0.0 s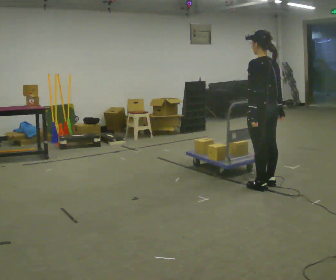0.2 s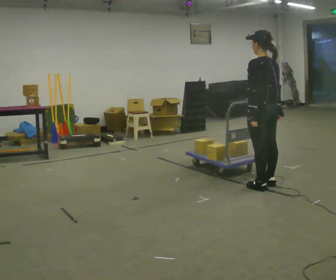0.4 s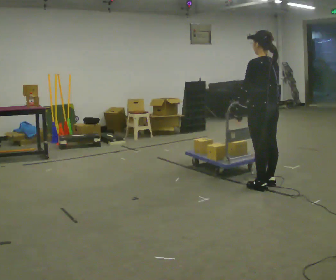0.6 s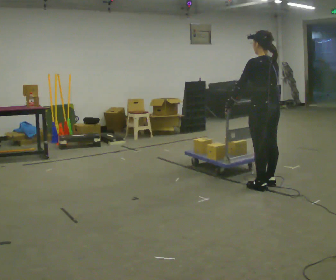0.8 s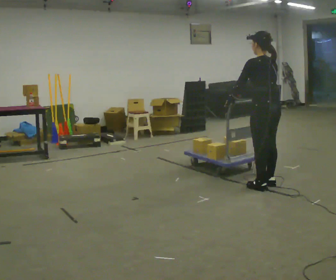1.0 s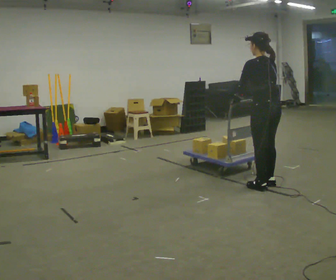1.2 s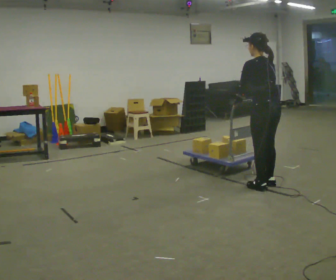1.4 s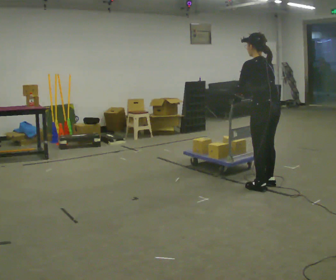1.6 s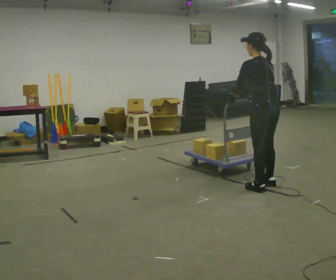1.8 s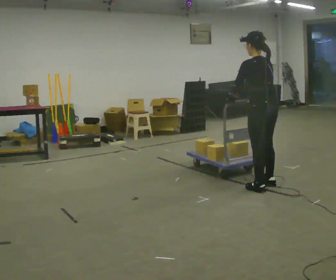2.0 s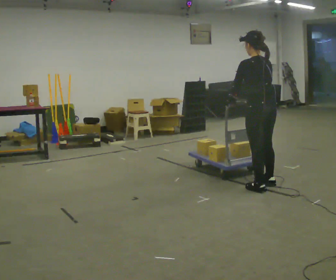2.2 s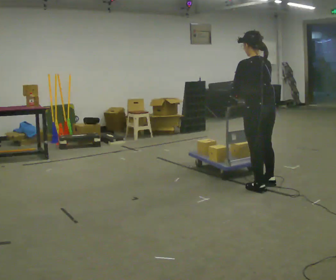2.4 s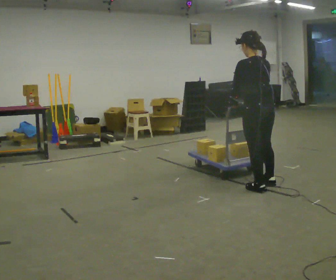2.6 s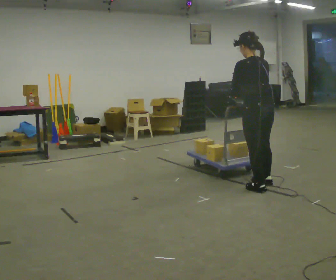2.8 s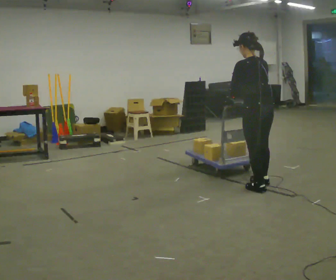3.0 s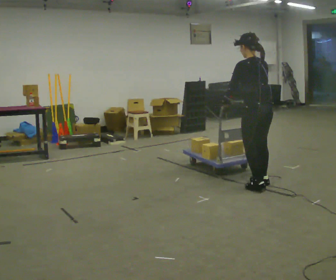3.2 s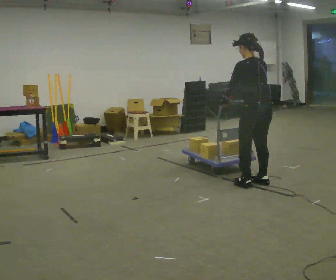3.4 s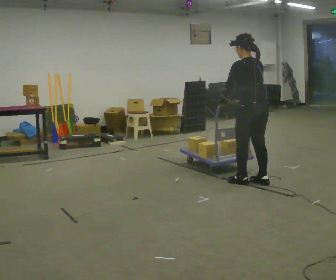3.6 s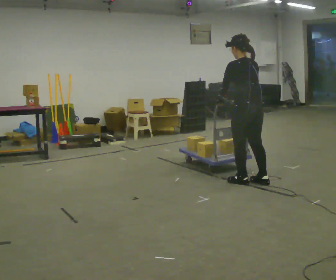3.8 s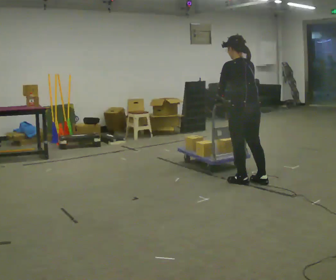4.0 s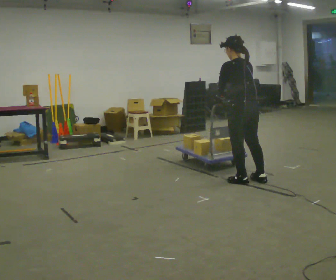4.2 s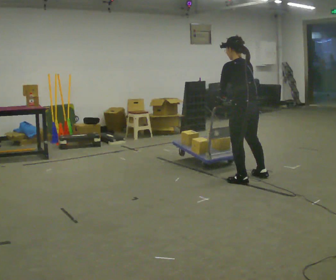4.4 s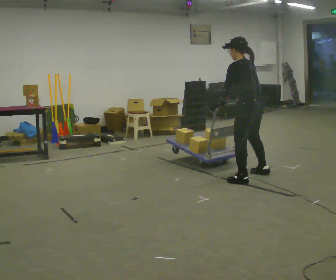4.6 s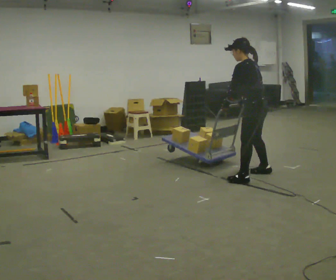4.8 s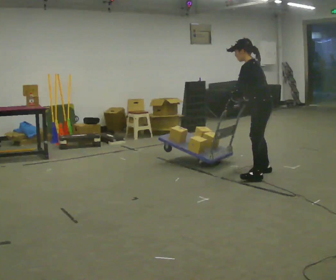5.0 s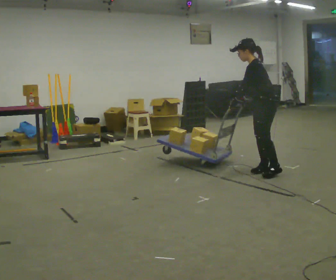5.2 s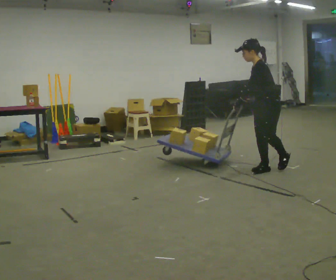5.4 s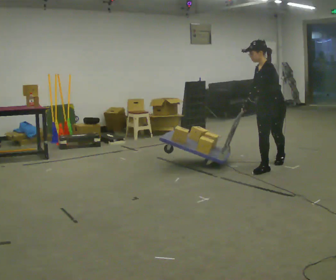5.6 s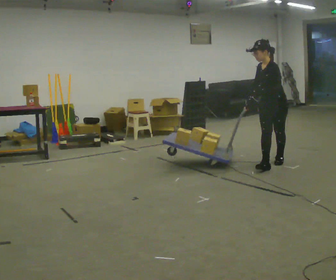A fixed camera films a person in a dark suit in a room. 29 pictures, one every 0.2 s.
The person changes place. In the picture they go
away from the camera.
The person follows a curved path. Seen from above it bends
clockwise.
0.0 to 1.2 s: The upper body tips away from the camera, its near side rolling upward, as they bend forward.
1.2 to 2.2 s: The person moves a little, or ends about where they began.
2.2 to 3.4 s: In the picture they go away from the camera, about 0.25 m in 1 step, which for them is forward.
3.4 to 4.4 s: In the picture they go away from the camera, about 0.25 m in 1 step, which for them is forward.
4.4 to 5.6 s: The person turns about 90 degrees to their left, counterclockwise seen from above, so the part of the body nearest the lens slides to the right. In the picture they go away from the camera and to the right, about 0.75 m in 2 steps. The upper body tips toward the camera, its near side rolling downward.
The film runs backward here.
